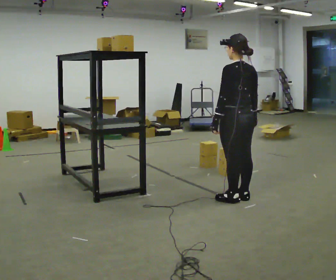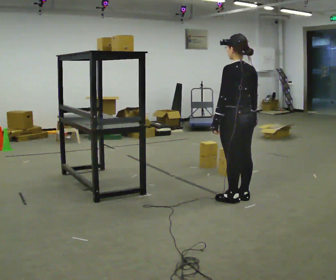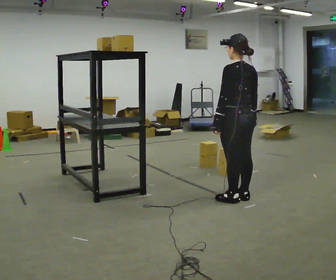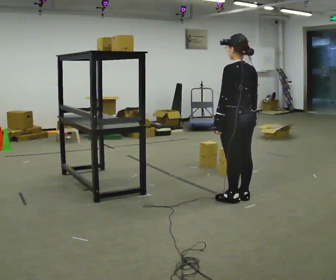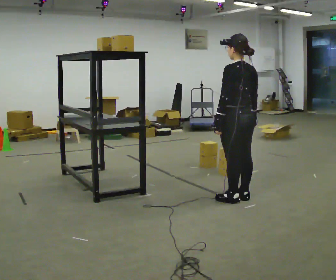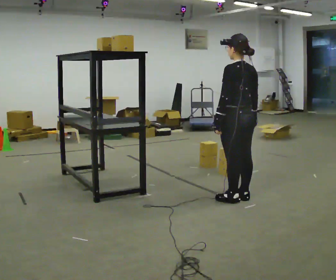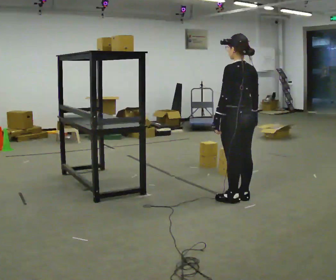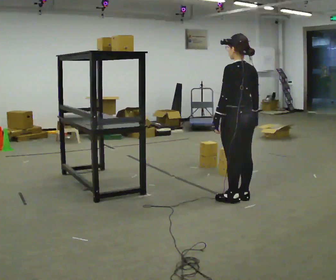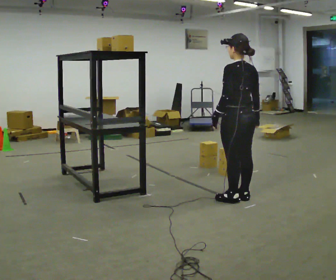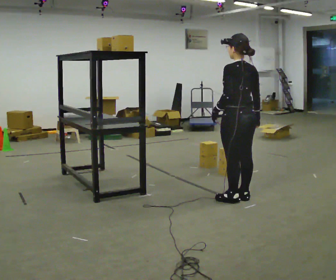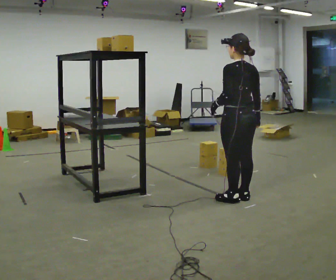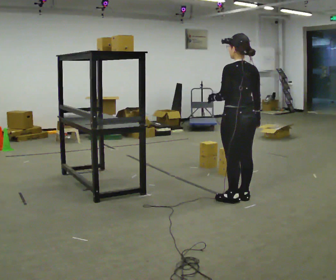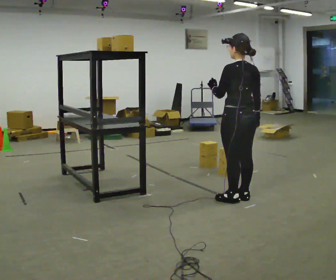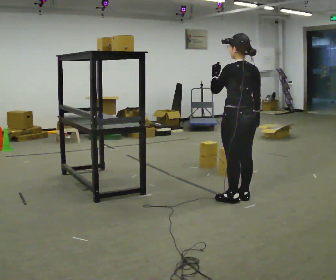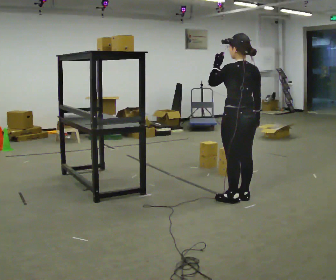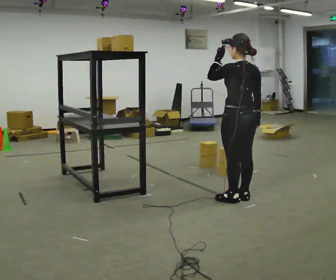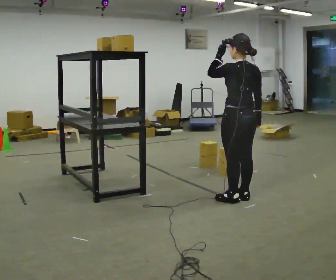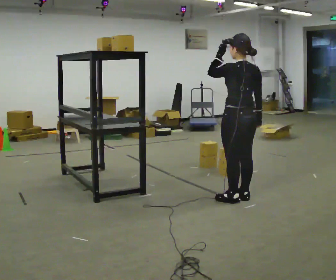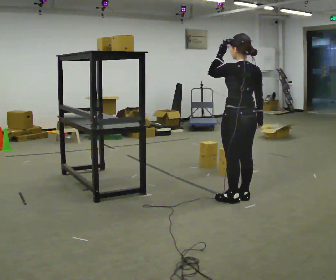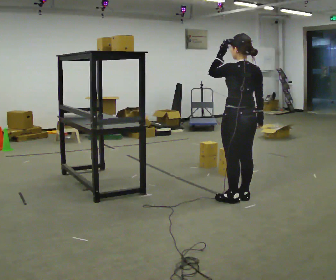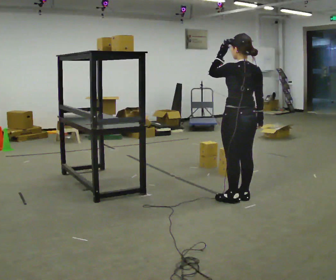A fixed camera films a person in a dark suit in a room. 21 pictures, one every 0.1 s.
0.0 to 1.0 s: The person moves a little, or ends about where they began.
1.0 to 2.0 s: In the picture their left hand goes upward.
The film runs backward here.
